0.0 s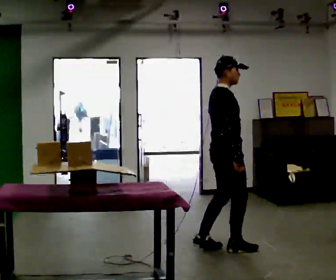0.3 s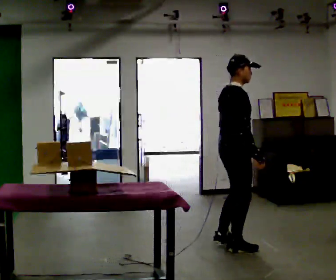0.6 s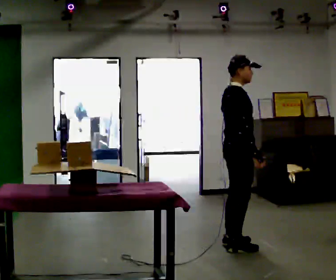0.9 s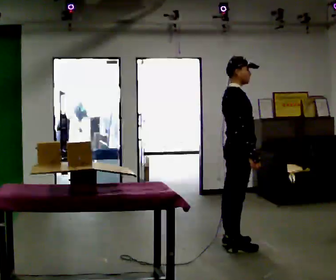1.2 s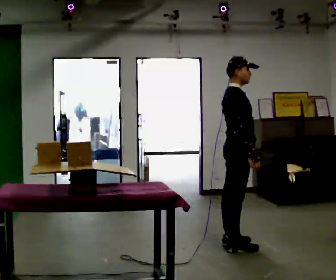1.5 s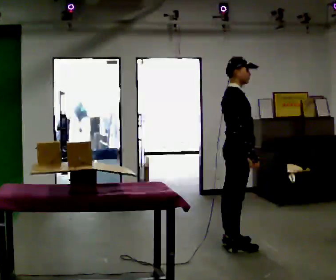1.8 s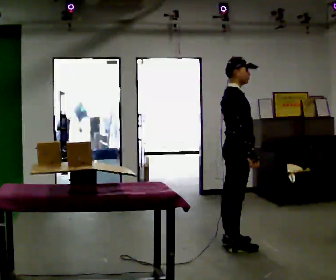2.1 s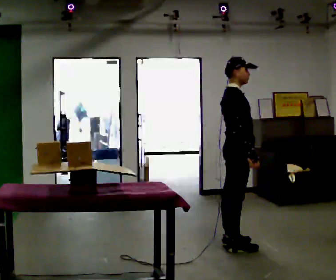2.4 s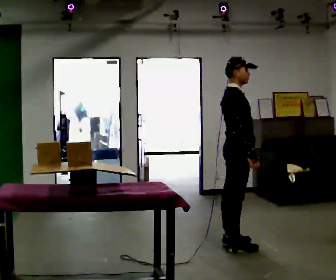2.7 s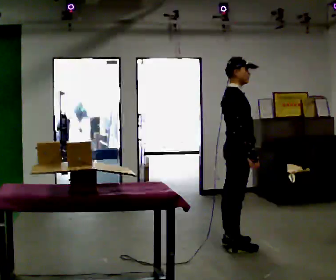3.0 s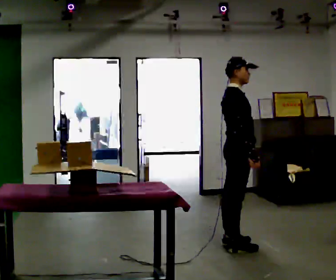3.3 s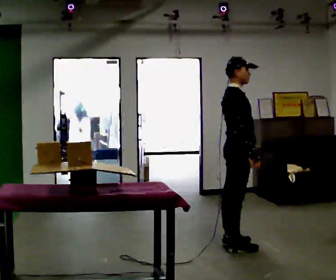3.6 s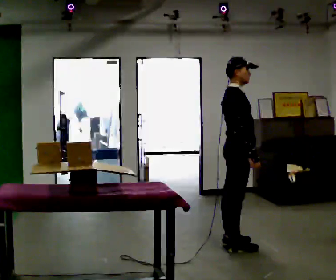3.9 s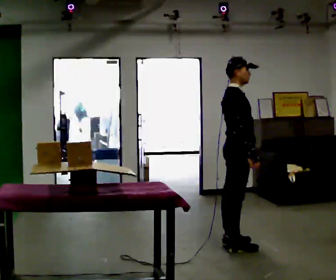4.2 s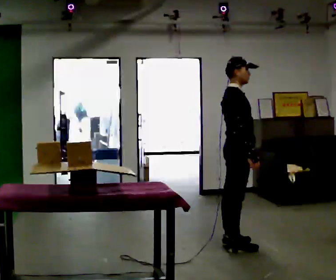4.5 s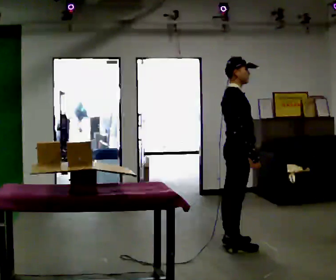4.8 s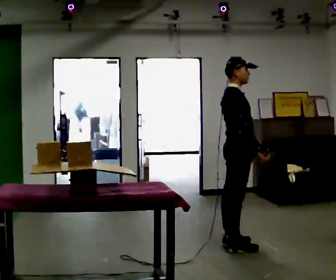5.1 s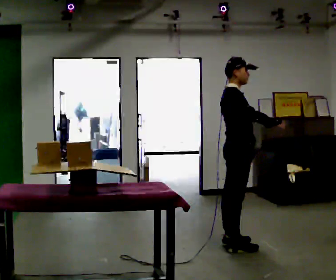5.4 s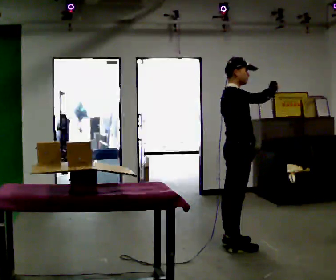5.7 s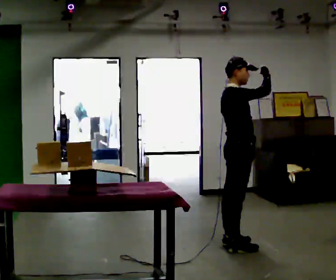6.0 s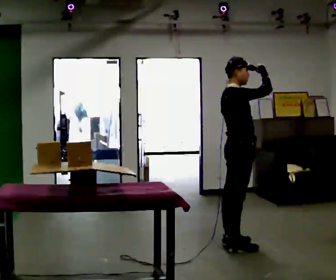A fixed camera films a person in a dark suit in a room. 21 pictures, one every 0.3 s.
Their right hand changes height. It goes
upward.
Their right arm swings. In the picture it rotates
counterclockwise.
0.0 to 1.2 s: The person moves a little, or ends about where they began.
1.2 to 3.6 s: The person keeps their place and pose.
3.6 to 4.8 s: The person moves a little, or ends about where they began.
4.8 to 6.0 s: In the picture their right hand goes upward, the arm swinging counterclockwise.
The film runs forward here.
